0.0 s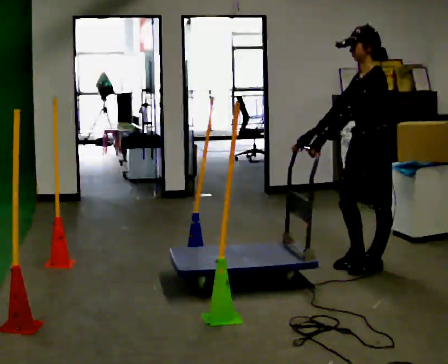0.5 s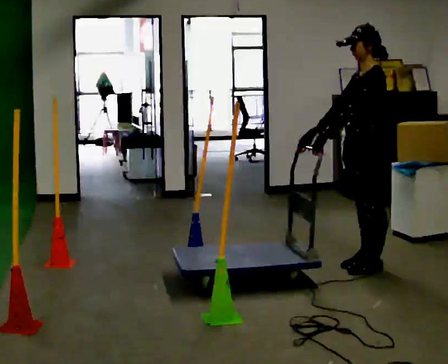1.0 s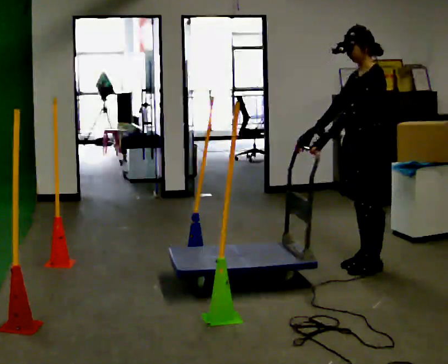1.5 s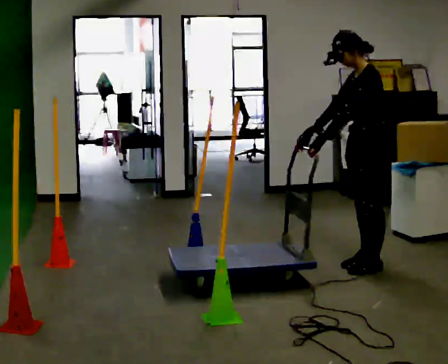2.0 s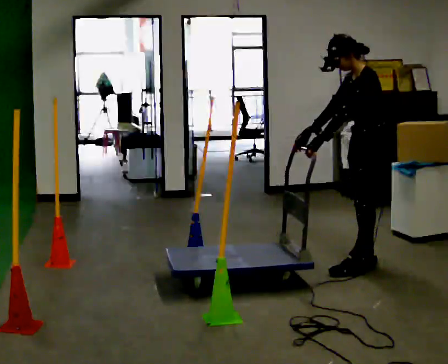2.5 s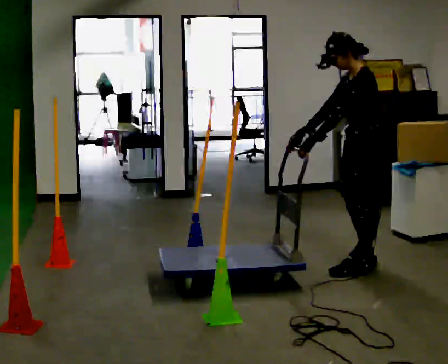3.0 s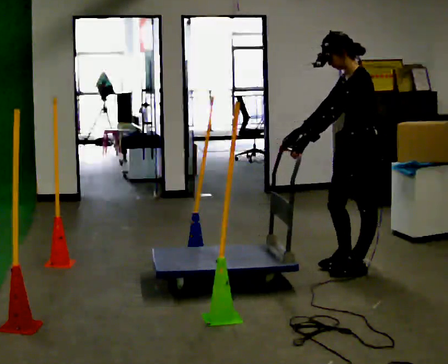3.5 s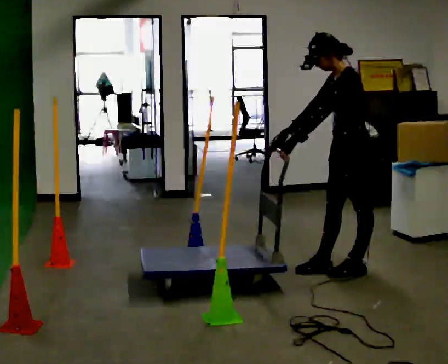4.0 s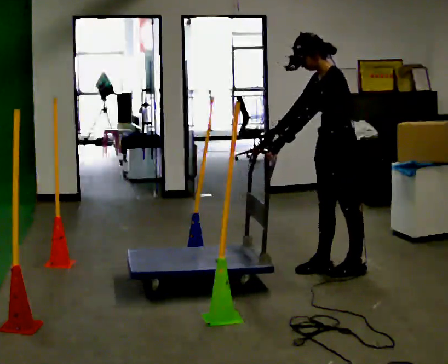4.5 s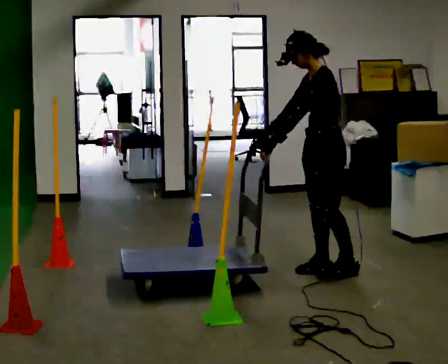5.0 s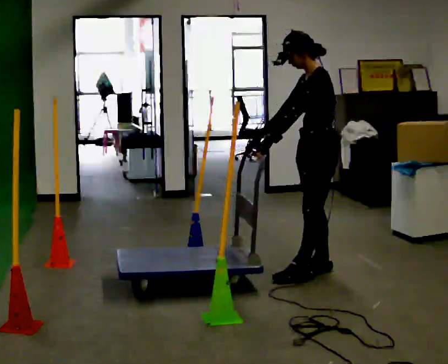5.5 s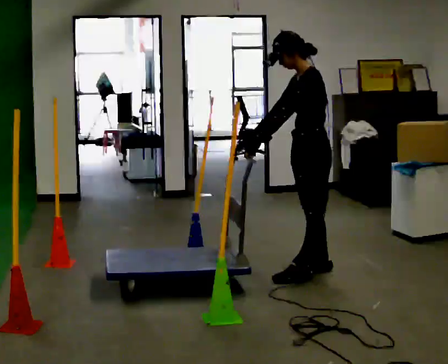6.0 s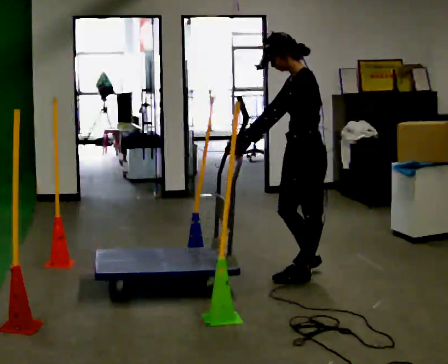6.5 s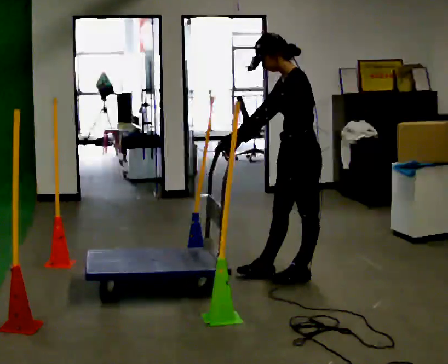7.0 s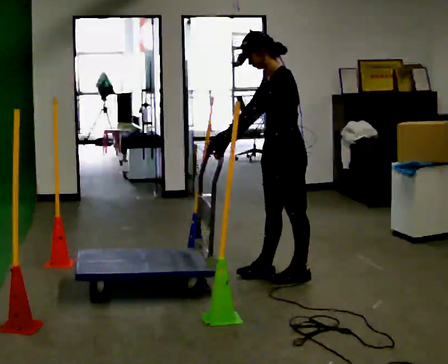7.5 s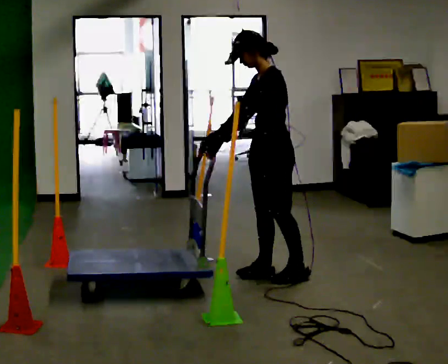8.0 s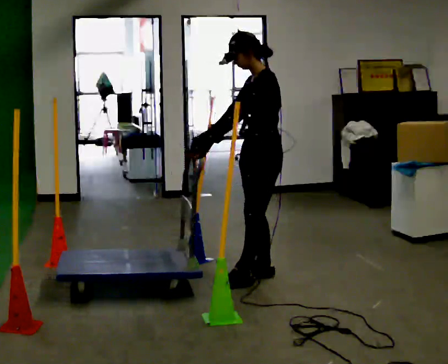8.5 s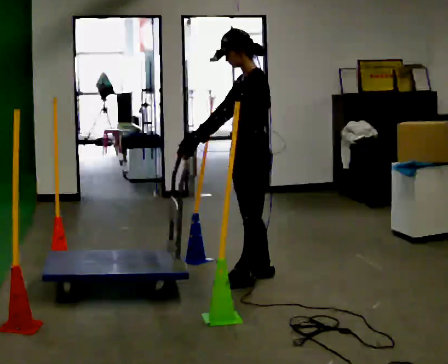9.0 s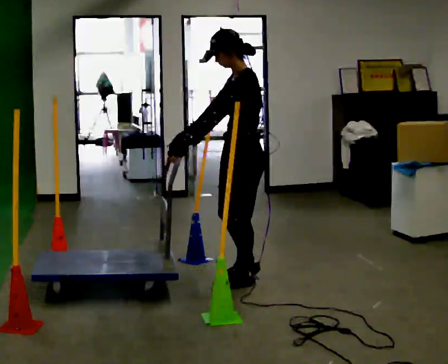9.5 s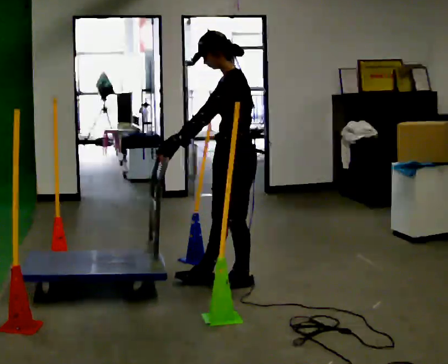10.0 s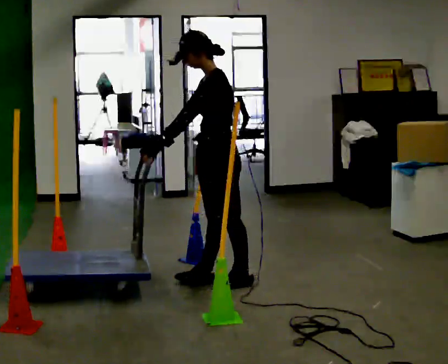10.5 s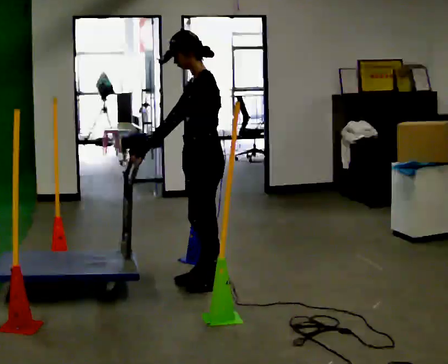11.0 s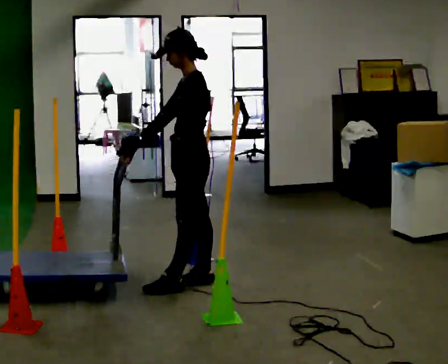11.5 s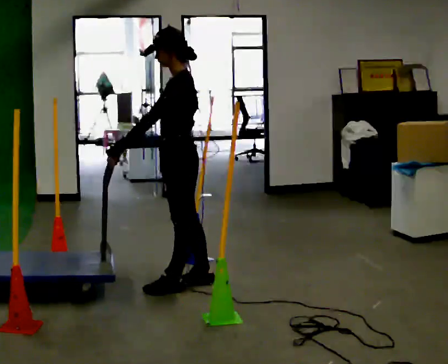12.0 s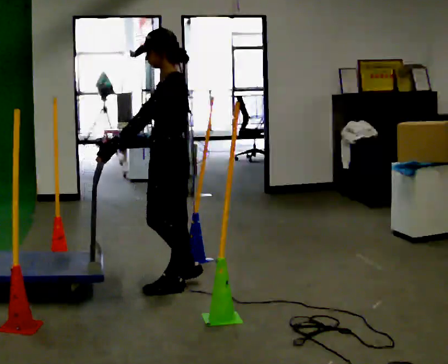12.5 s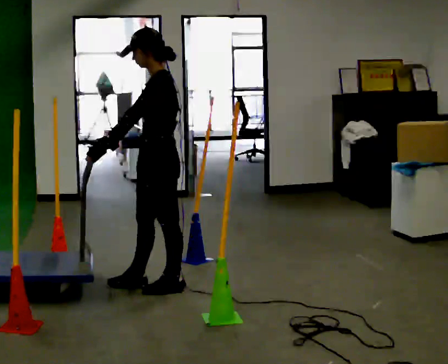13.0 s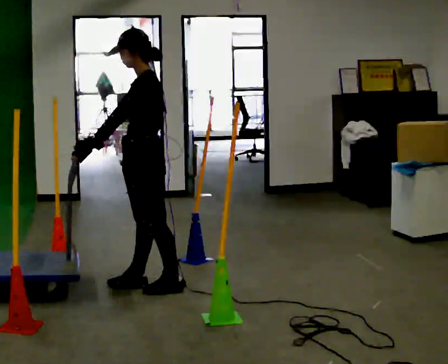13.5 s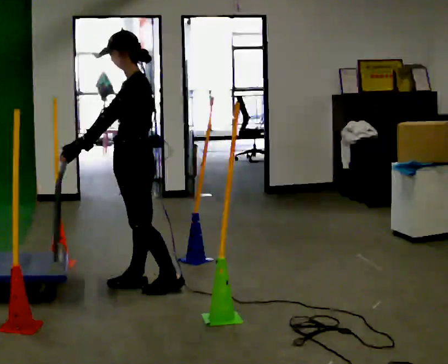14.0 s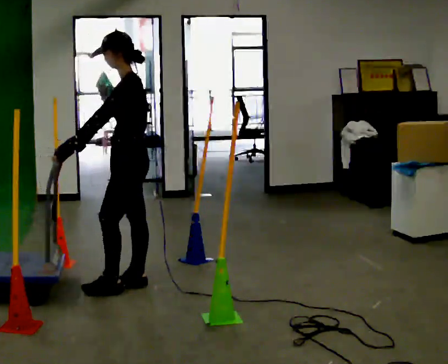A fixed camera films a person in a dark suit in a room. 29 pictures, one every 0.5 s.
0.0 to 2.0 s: The person moves a little, or ends about where they began.
2.0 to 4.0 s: In the picture they go to the left, about 0.25 m in 1 step, which for them is forward.
4.0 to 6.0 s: In the picture they go to the left, about 0.25 m in 2 steps, which for them is forward.
6.0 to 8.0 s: In the picture they go to the left, about 0.25 m in 1 step, which for them is forward.
8.0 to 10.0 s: In the picture they go to the left and toward the camera, about 0.25 m in 1 step, which for them is forward.
10.0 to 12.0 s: In the picture they go to the left and toward the camera, about 0.25 m in 2 steps, which for them is forward.
12.0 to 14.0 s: In the picture they go to the left, about 0.25 m in 1 step, which for them is forward.
The film runs backward here.
